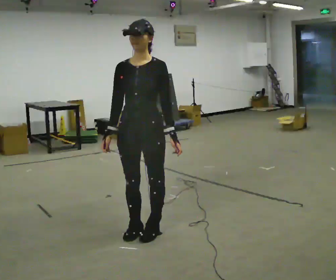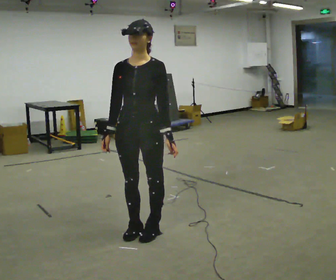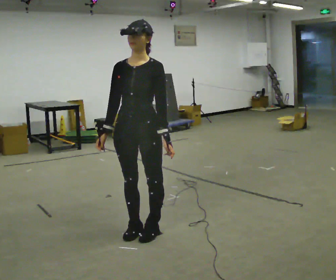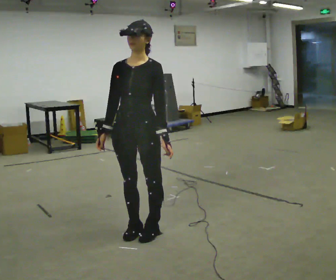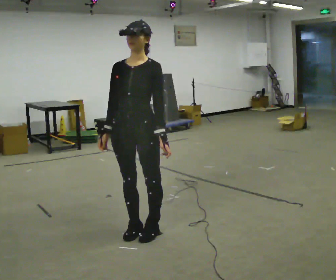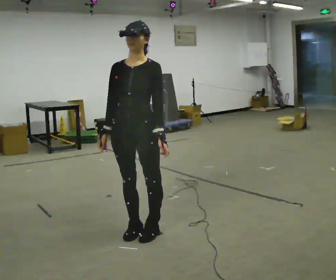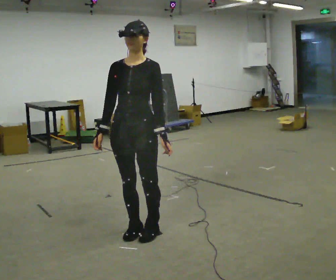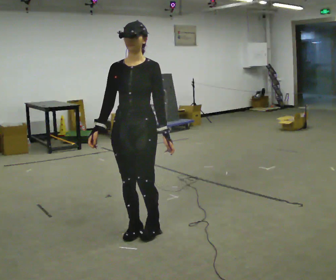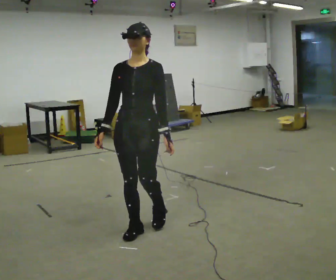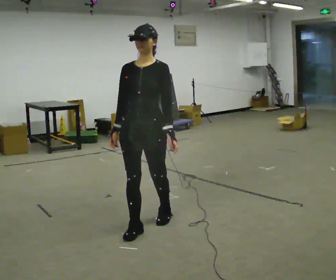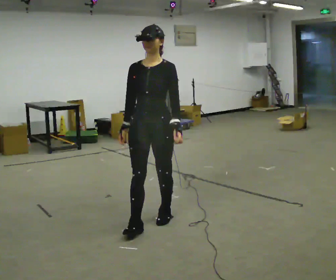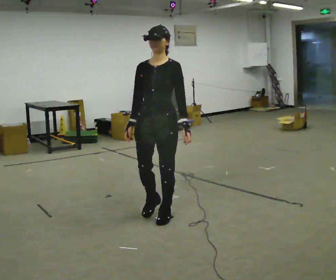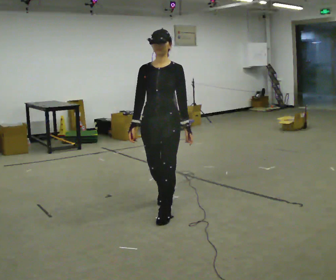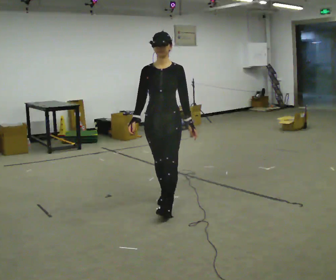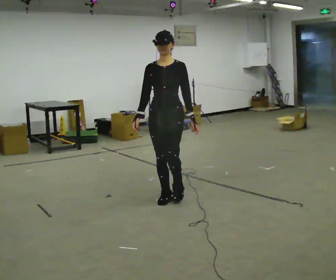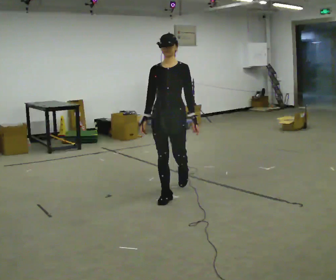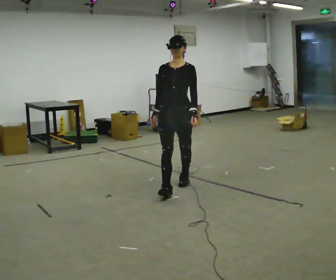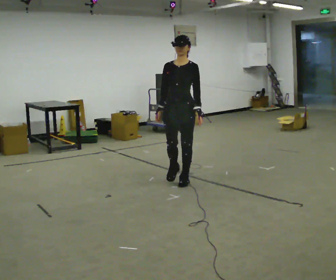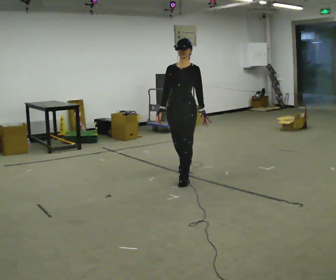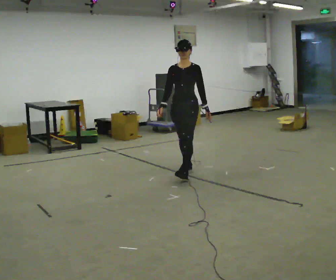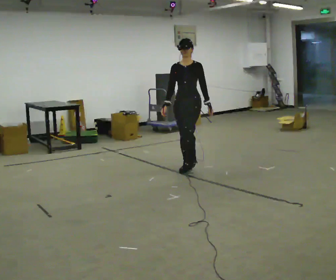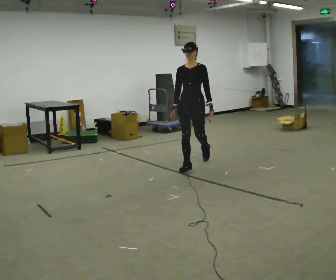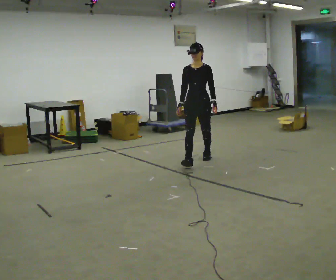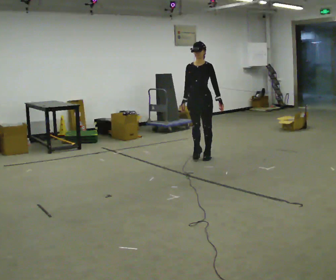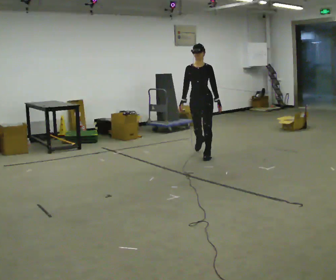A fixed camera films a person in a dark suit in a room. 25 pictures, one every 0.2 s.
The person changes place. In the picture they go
away from the camera.
0.0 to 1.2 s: The person moves a little, or ends about where they began.
1.2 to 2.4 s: In the picture they go away from the camera and to the right, about 0.5 m in 2 steps, which for them is backward.
2.4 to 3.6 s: In the picture they go away from the camera, about 1 m in 2 steps, which for them is backward.
3.6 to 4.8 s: In the picture they go away from the camera, about 1 m in 2 steps, which for them is backward.
The film runs backward here.
